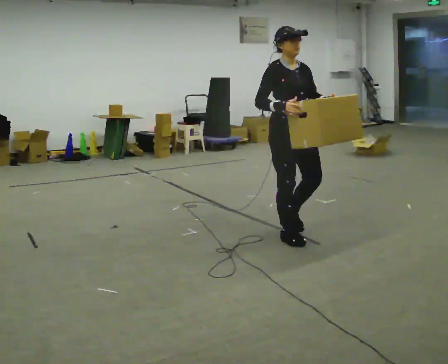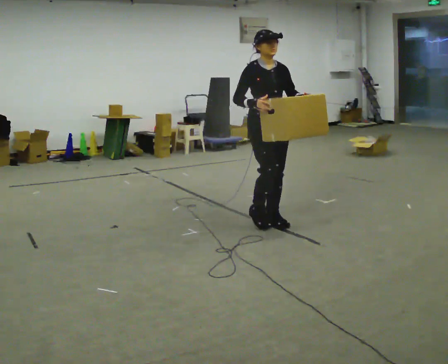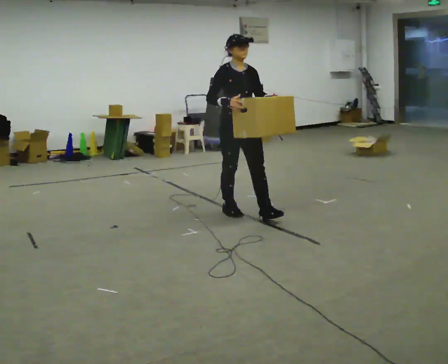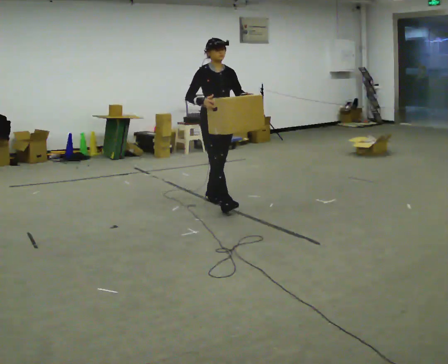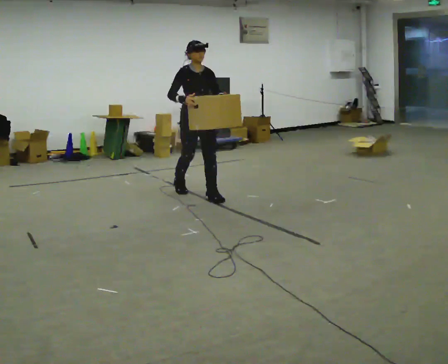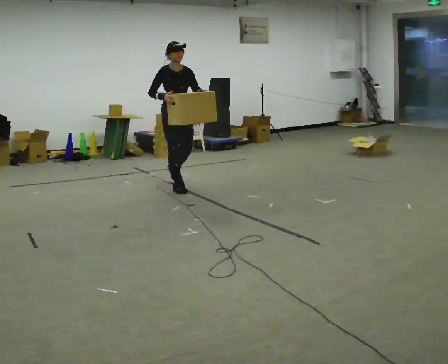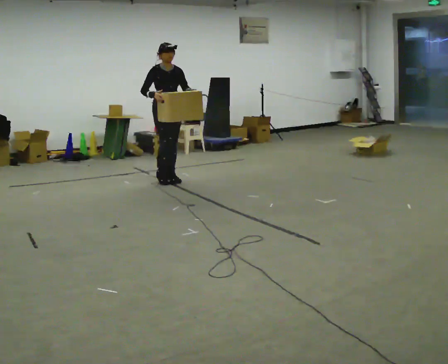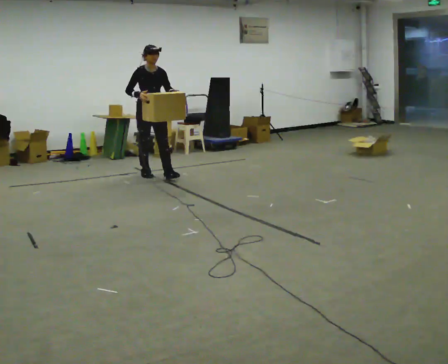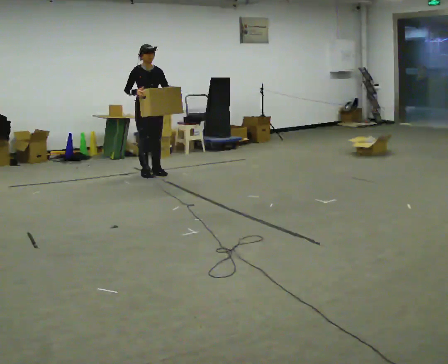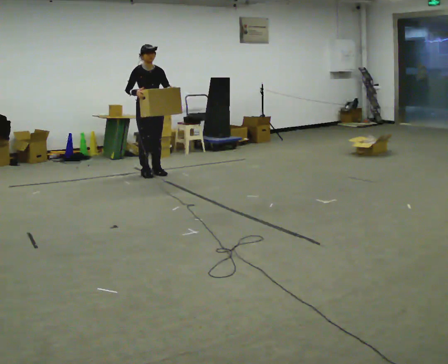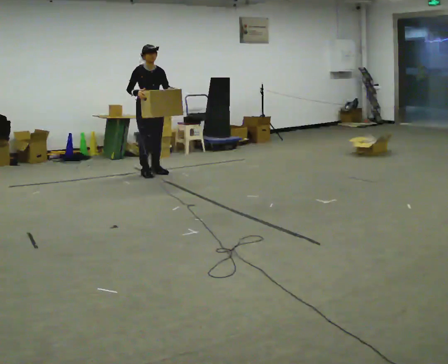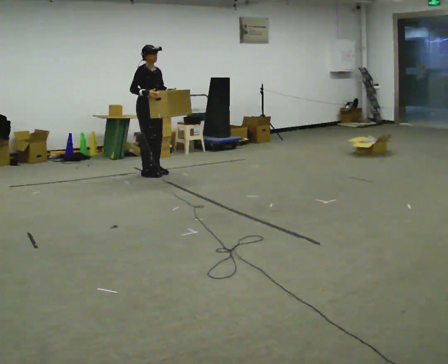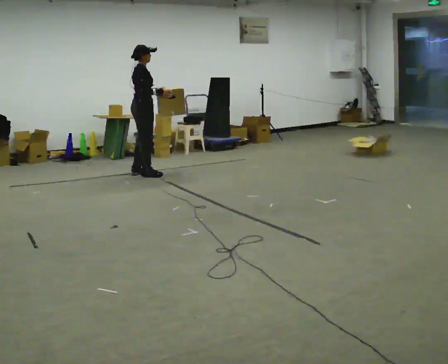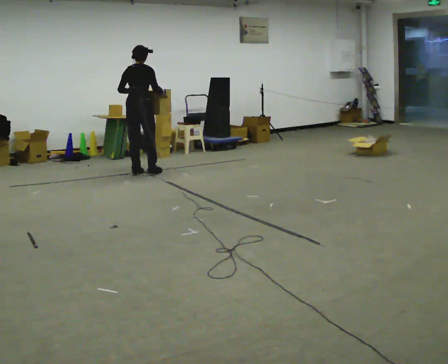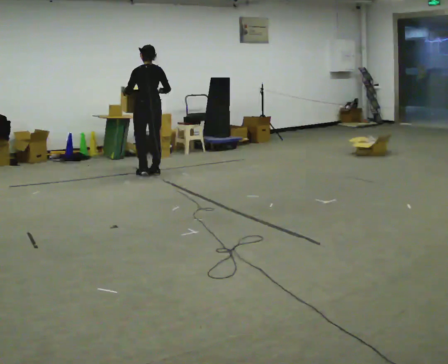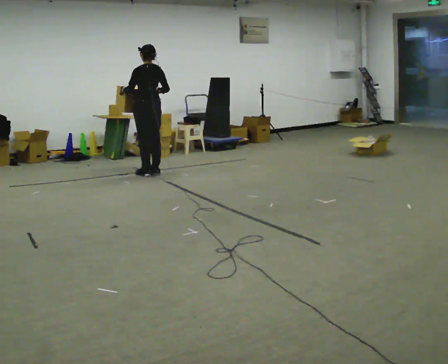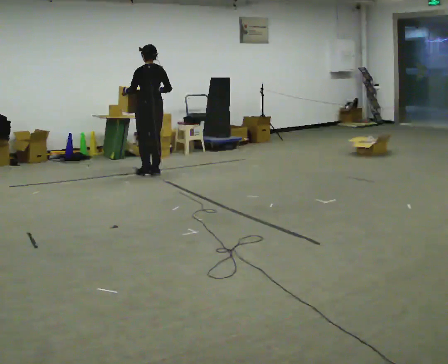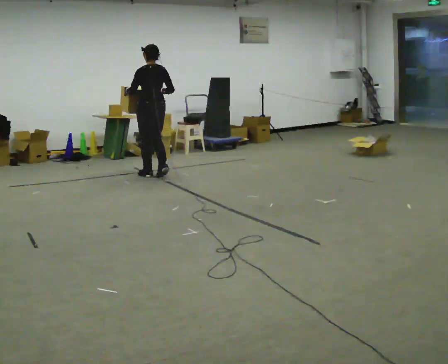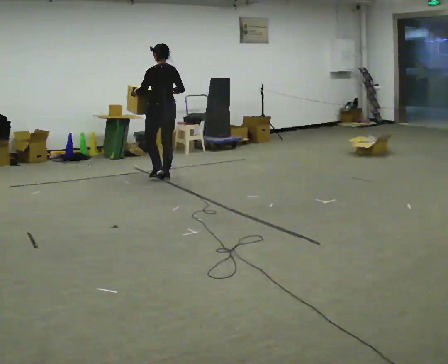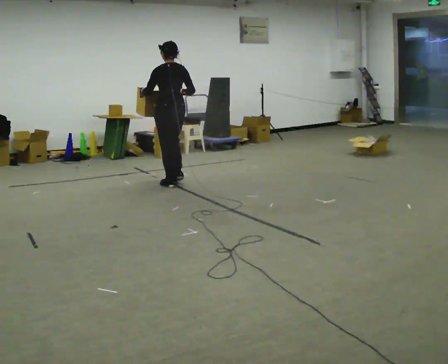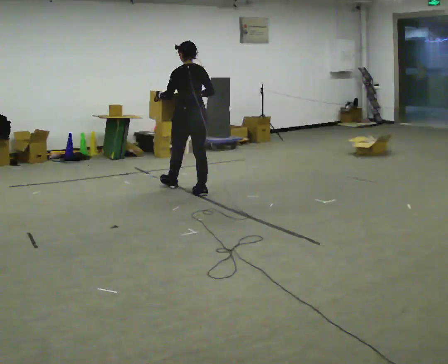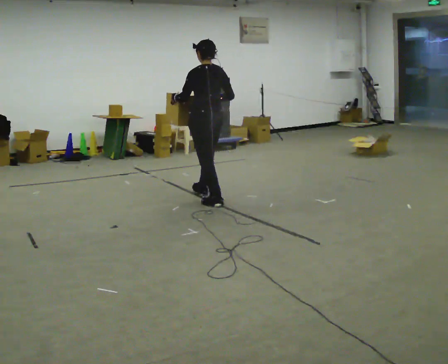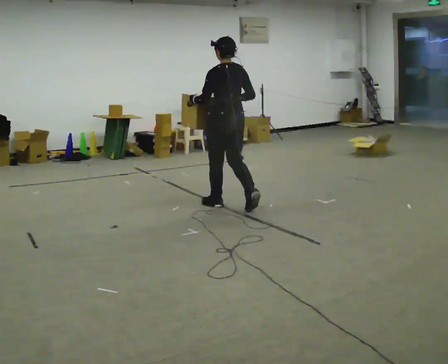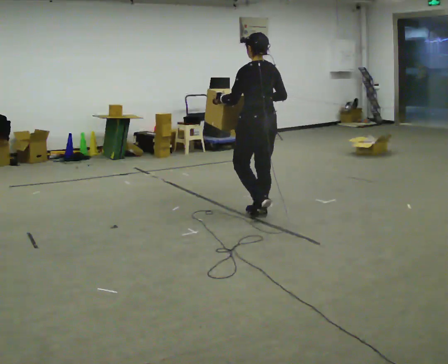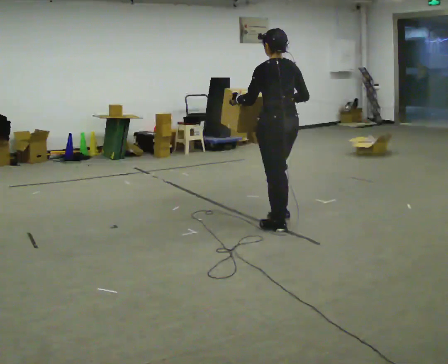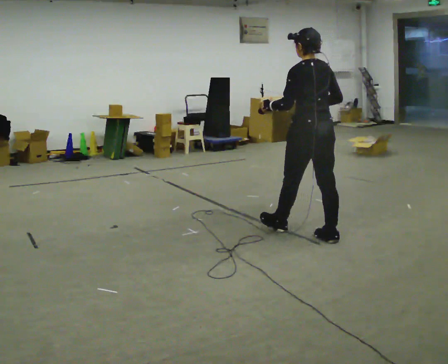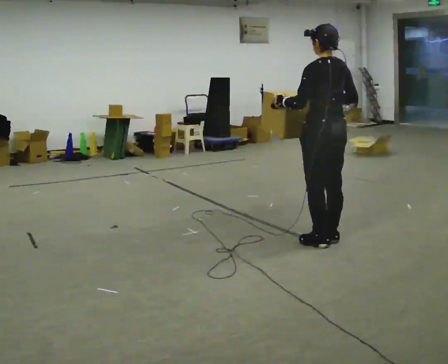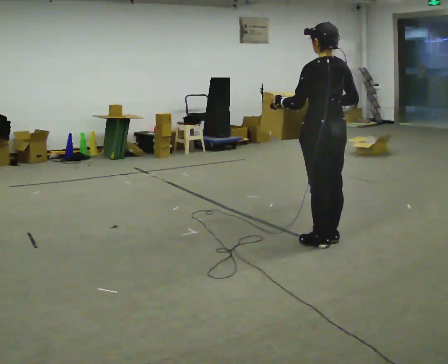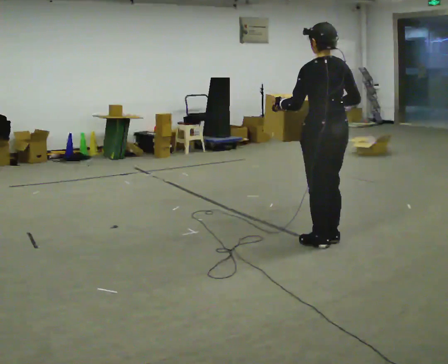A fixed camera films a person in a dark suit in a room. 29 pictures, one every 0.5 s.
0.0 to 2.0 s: In the picture they go away from the camera and to the left, about 1.5 m in 3 steps, which for them is backward.
2.0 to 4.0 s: In the picture they go away from the camera and to the left, about 1 m in 3 steps, which for them is backward.
4.0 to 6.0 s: The part of the body nearest the lens slides to the right as the person turns to their left by about 75 degrees.
6.0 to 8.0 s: The part of the body nearest the lens slides to the right as the person turns to their left by about 105 degrees.
8.0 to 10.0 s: In the picture they go toward the camera and to the right, about 1 m in 4 steps, which for them is backward.
10.0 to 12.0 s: In the picture they go toward the camera and to the right, about 1.5 m in 3 steps, which for them is backward.
12.0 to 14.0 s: In the picture they go toward the camera and to the right, about 0.5 m in 1 step, which for them is backward.
The film runs backward here.
